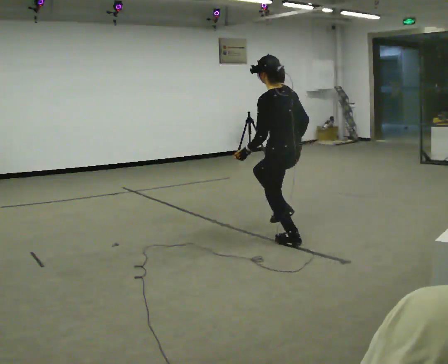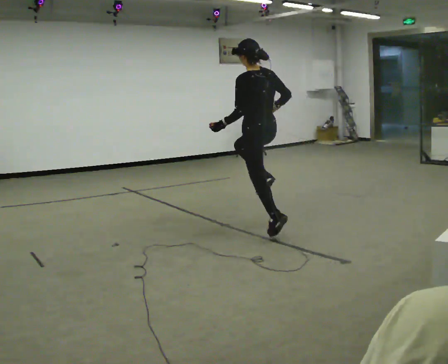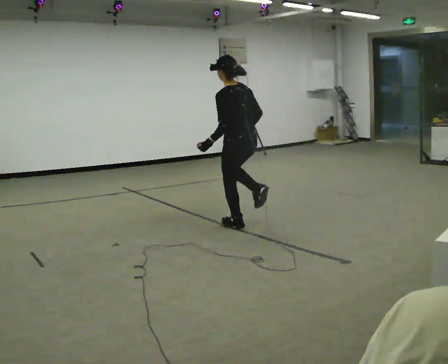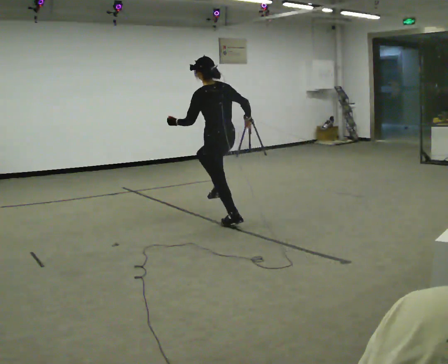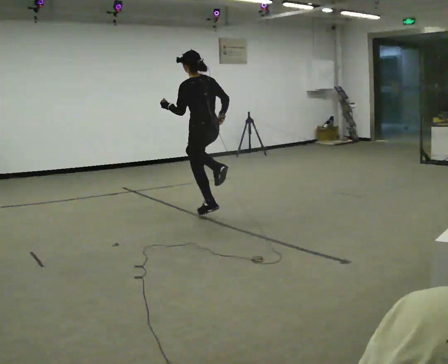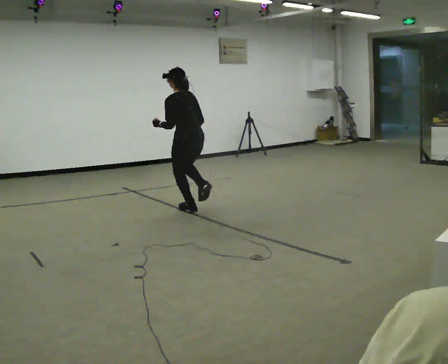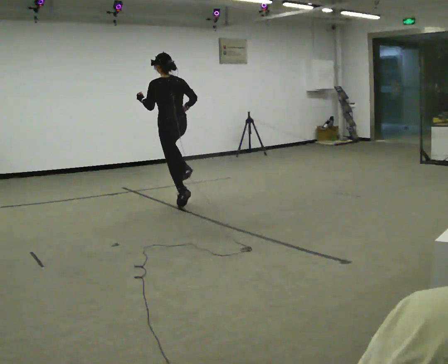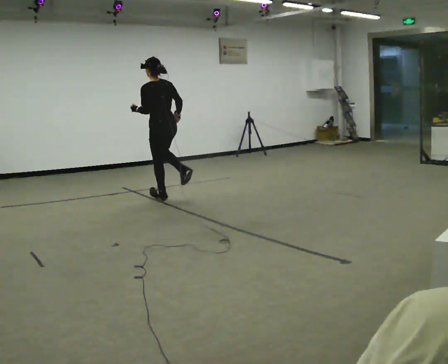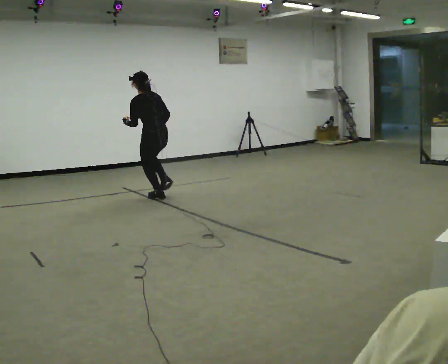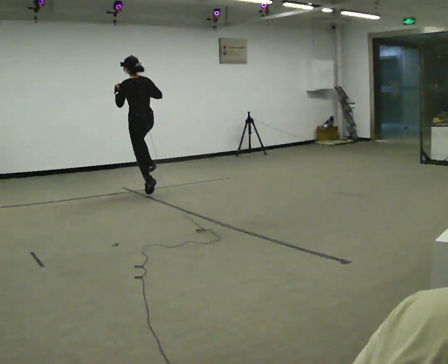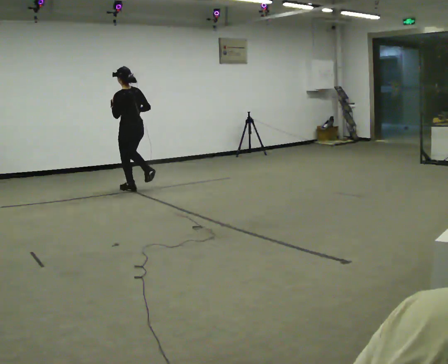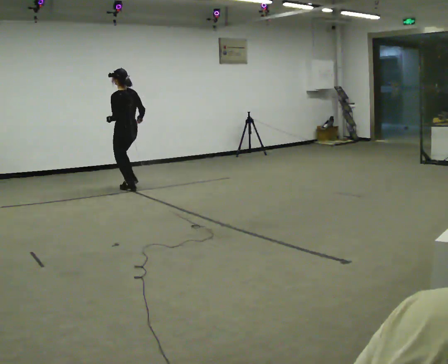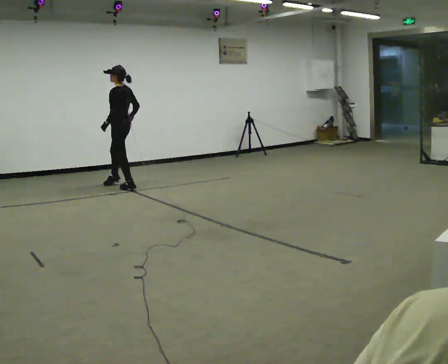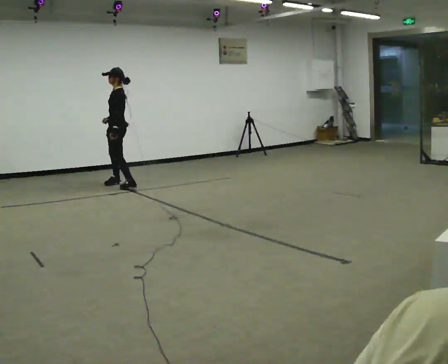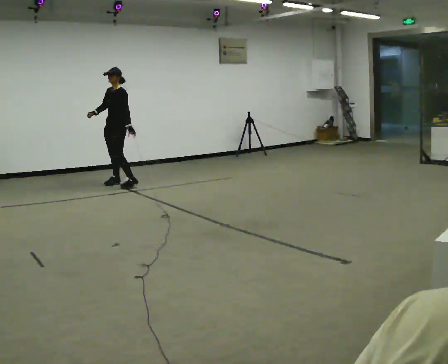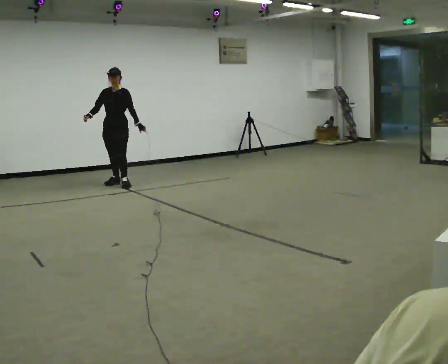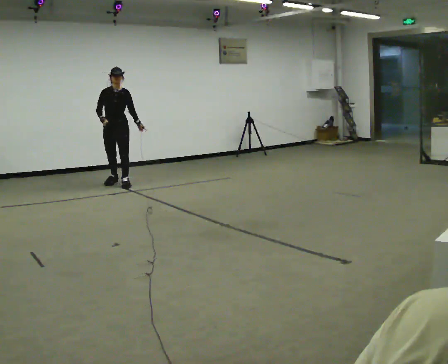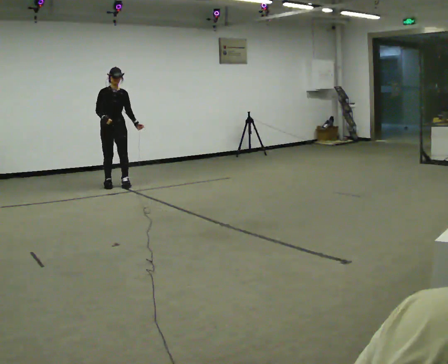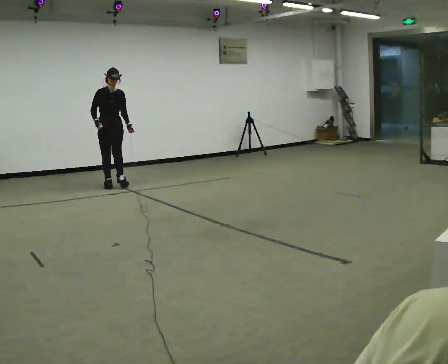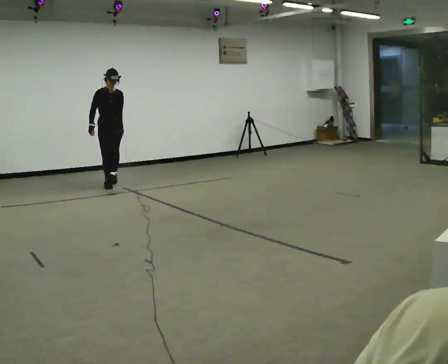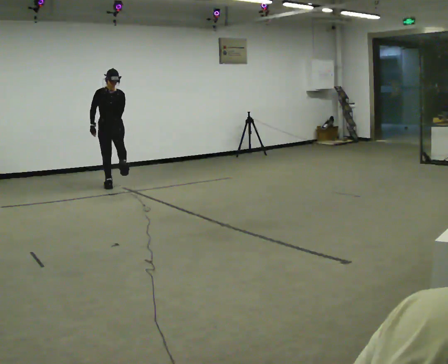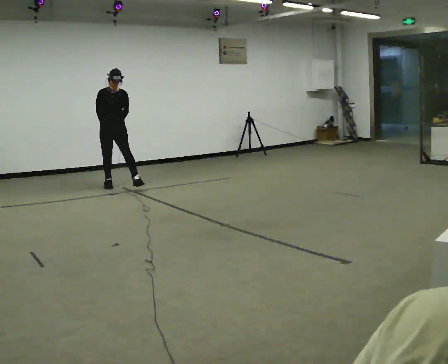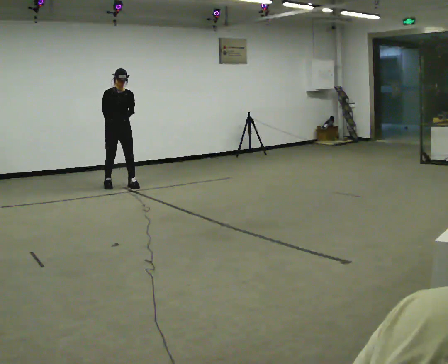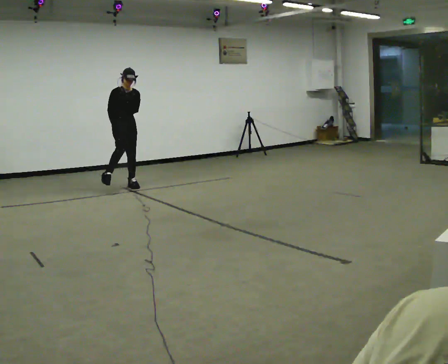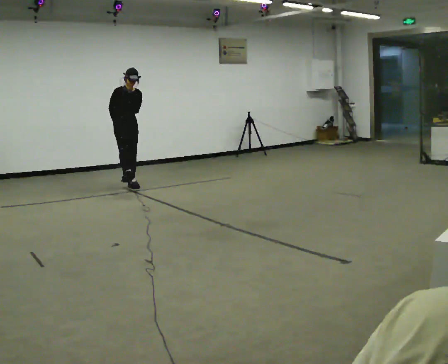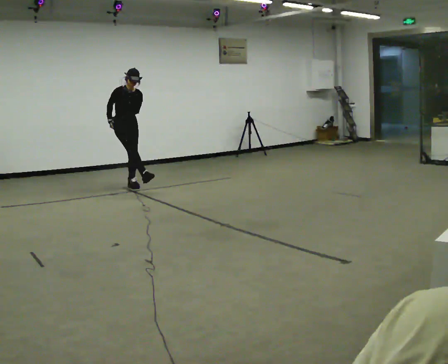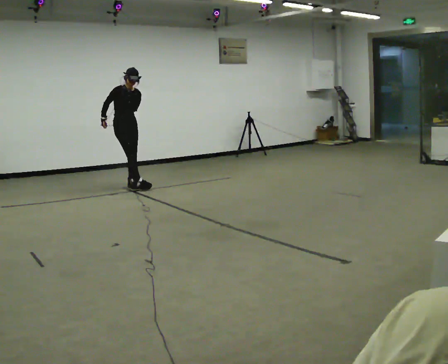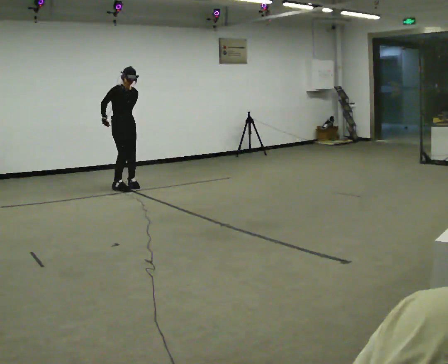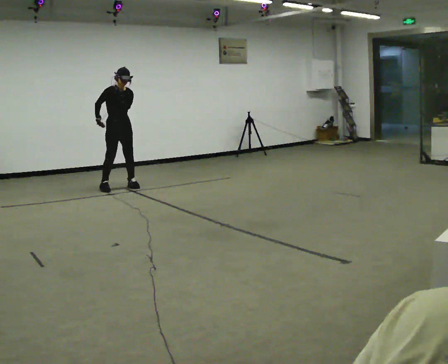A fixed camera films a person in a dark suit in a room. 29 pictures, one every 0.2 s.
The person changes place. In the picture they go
away from the camera.
0.0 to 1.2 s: In the picture they go away from the camera and to the left, about 2 m in 2 steps, which for them is forward. In the picture their left hand goes upward.
1.2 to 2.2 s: In the picture they go away from the camera and to the left, about 1 m in 2 steps, which for them is forward.
2.2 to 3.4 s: The person turns about 150 degrees to their left, counterclockwise seen from above, so the part of the body nearest the lens slides to the right. In the picture they go away from the camera and to the left, about 0.25 m in 3 steps.
3.4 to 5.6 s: In the picture they go toward the camera, about 0.25 m in 1 step, which for them is forward.
The film runs forward here.
